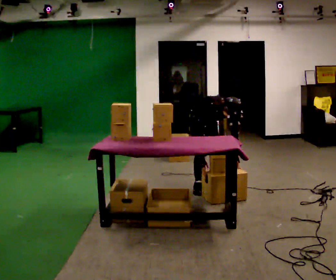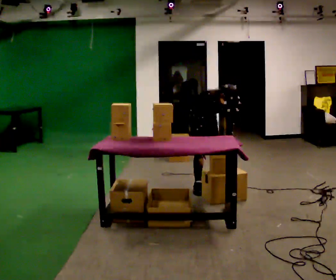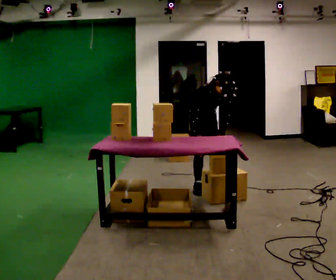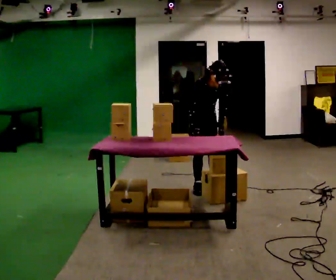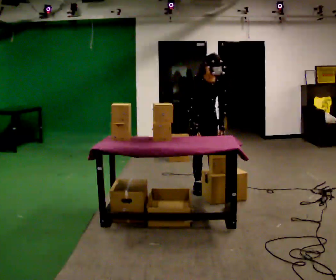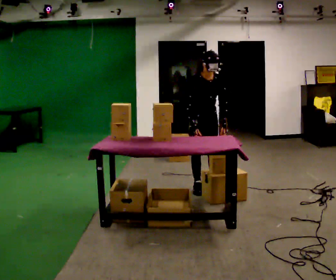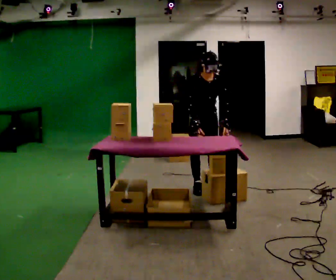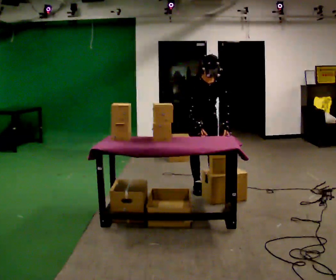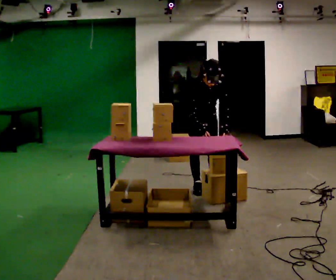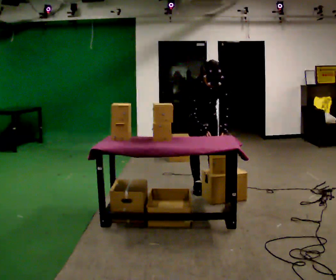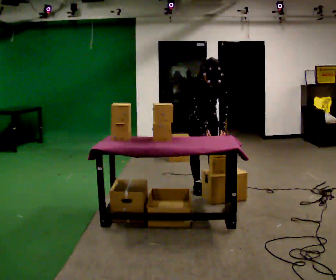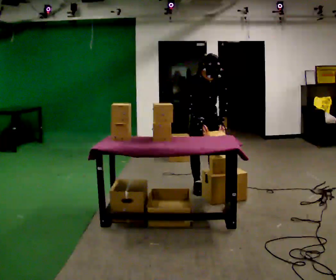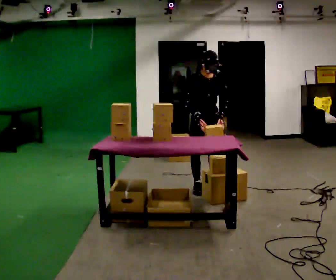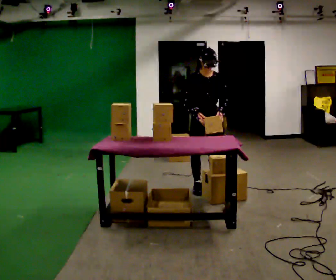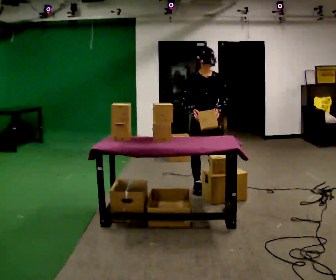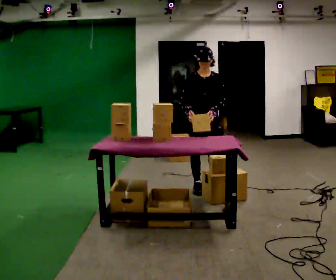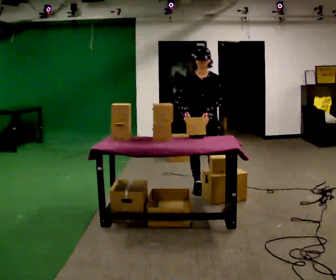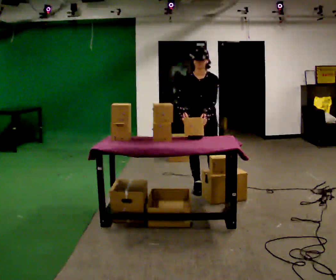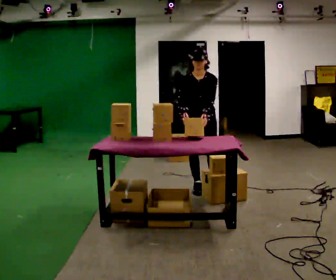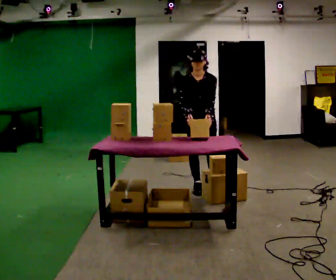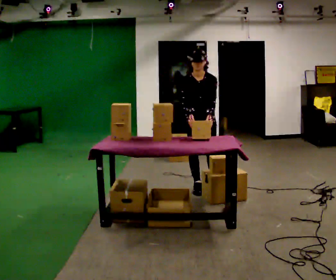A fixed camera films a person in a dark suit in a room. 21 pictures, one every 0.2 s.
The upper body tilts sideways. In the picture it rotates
counterclockwise.
Their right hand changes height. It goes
upward.
0.0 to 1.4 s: The shoulders move upward. In the picture the upper body tilts counterclockwise, shoulders to the left, as they lean back or straighten.
1.4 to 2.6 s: The person moves a little, or ends about where they began.
2.6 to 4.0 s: The upper body tips toward the camera, its near side rolling downward, as they bend forward.
The film runs forward here.
